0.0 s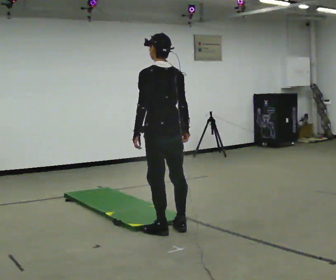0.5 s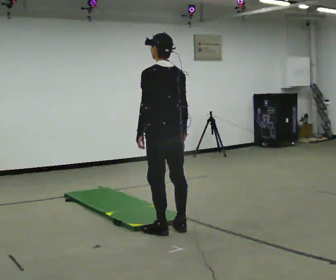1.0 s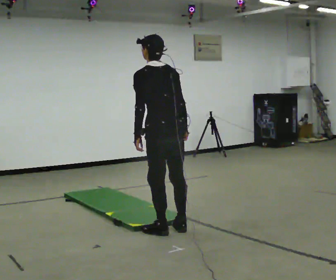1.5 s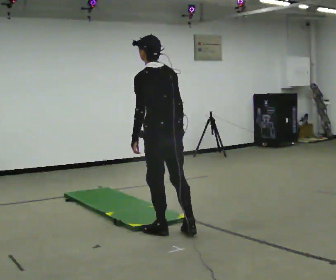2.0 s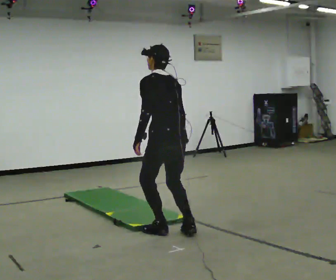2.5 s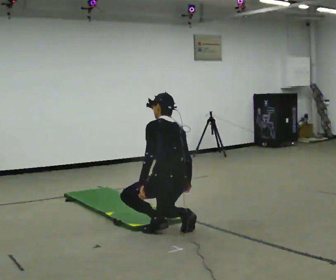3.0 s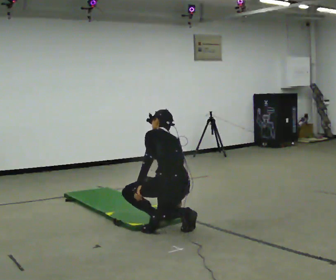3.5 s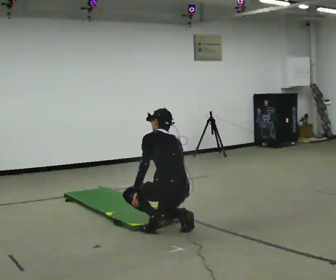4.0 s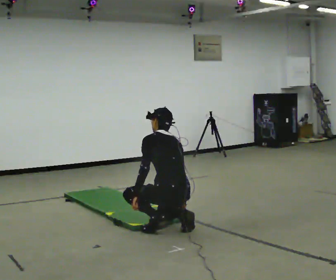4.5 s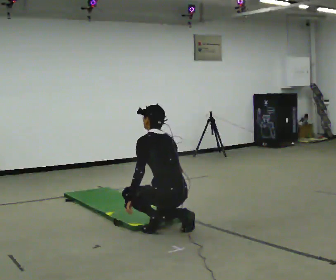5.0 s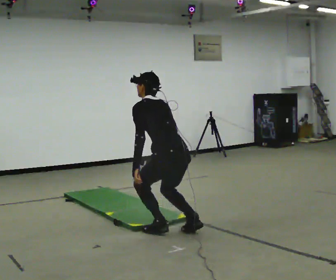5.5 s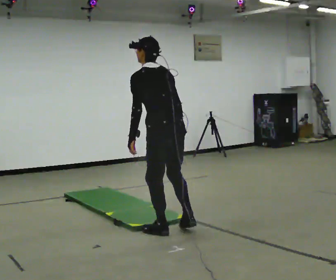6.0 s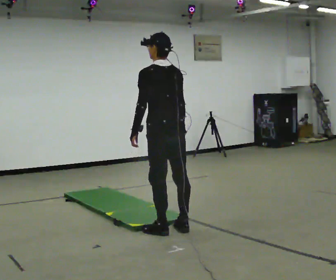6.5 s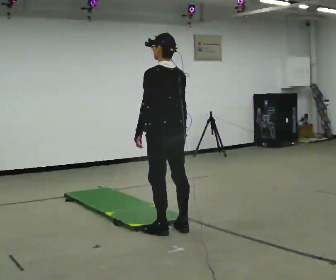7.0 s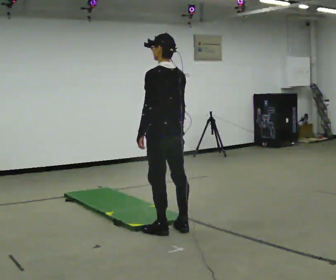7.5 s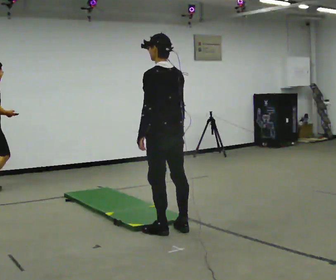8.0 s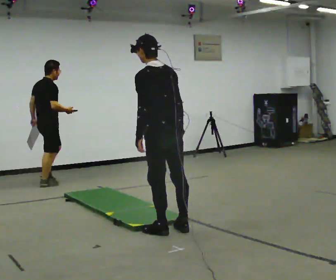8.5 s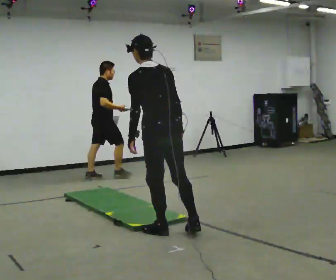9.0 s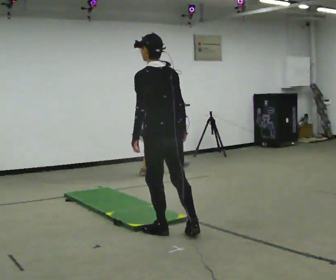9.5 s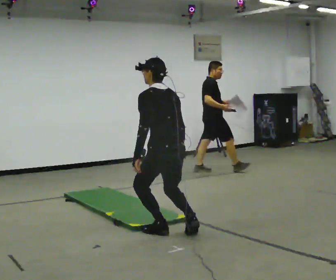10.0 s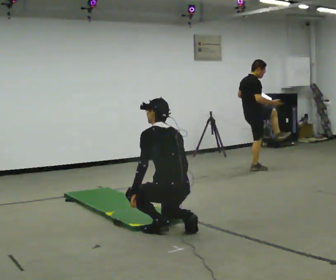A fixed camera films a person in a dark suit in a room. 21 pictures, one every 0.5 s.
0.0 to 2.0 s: The person moves a little, or ends about where they began.
2.0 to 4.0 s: The shoulders move downward. In the picture their left hand goes downward.
4.0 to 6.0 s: The shoulders move upward. The upper body tips toward the camera, its near side rolling downward. In the picture their left hand goes upward.
6.0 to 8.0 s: The person moves a little, or ends about where they began.
8.0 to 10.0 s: The shoulders move downward. The upper body tips away from the camera, its near side rolling upward. In the picture their left hand goes downward.
The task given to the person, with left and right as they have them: From standing, kneel onto the knee the operator calls, hold briefly, then stand back up. Repeat the movement at your own pace until the operator says stop; do not rush.
The film runs forward here.
